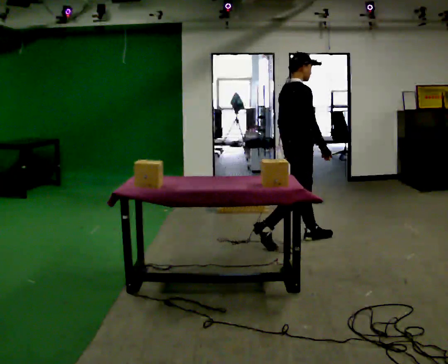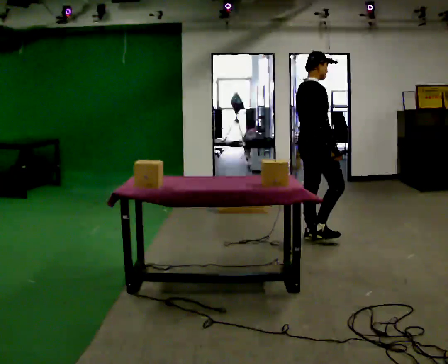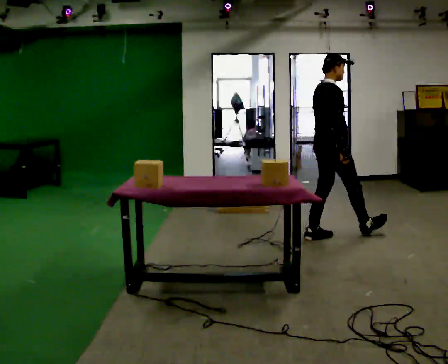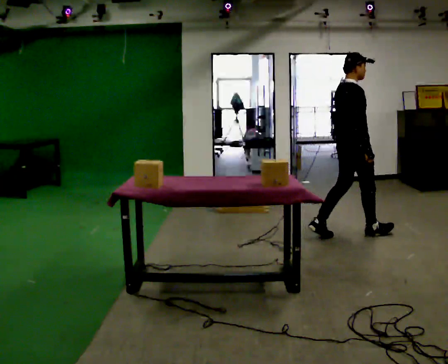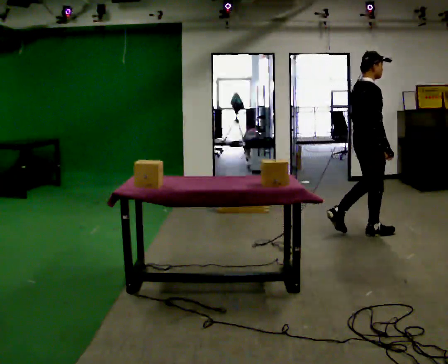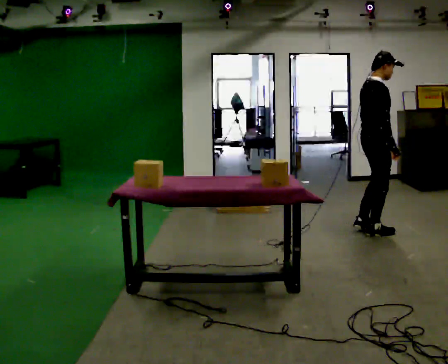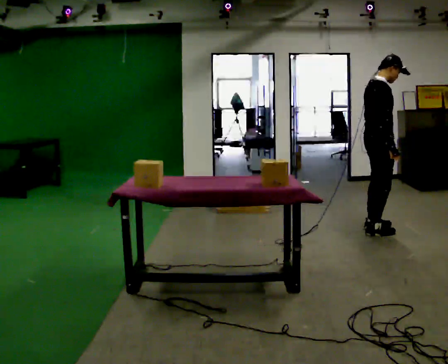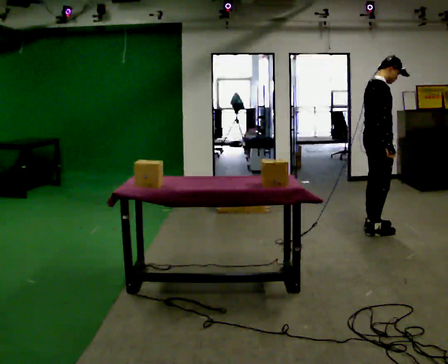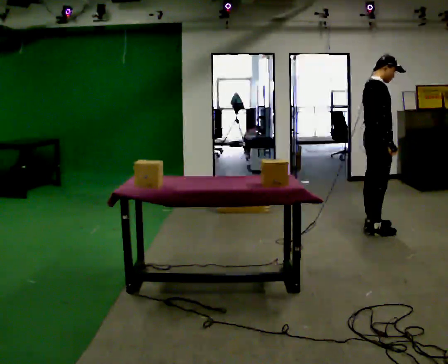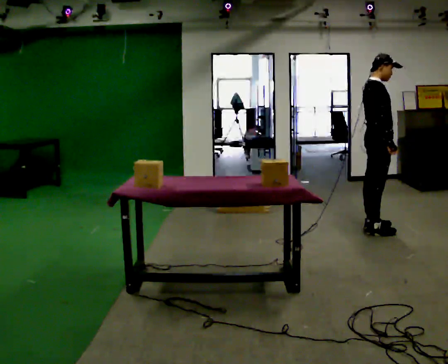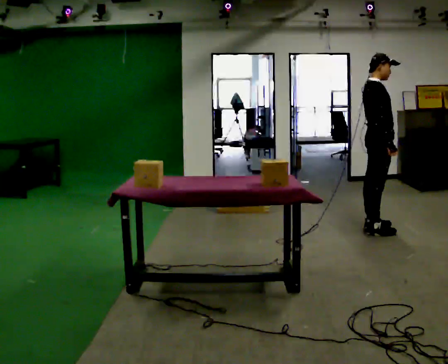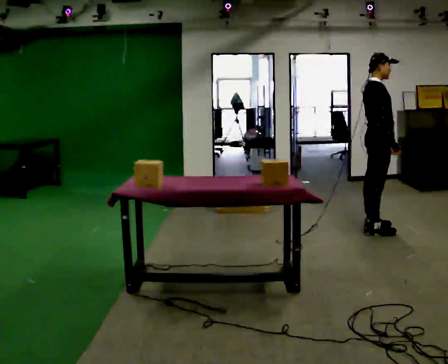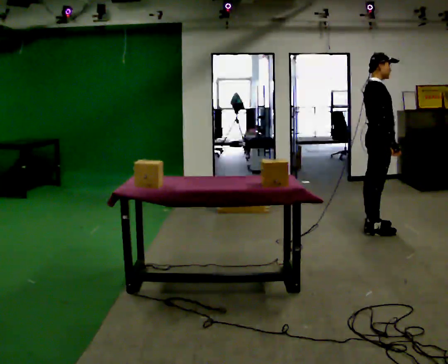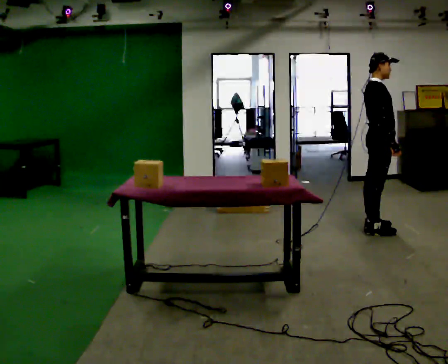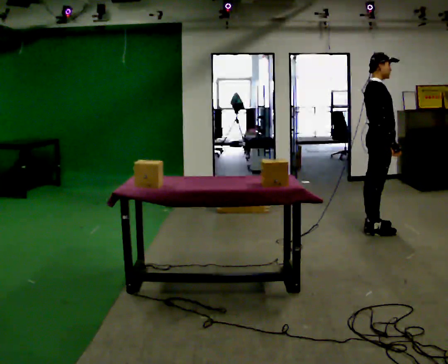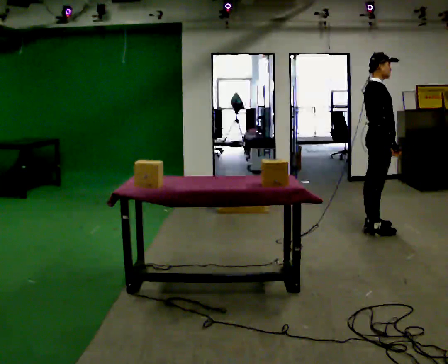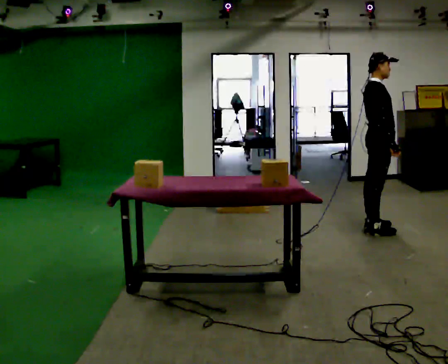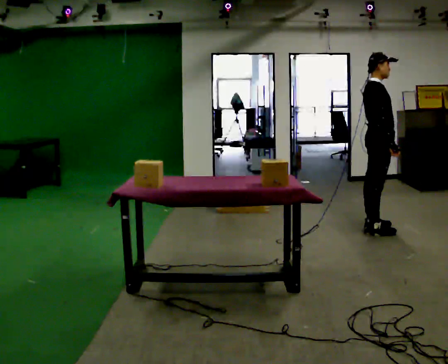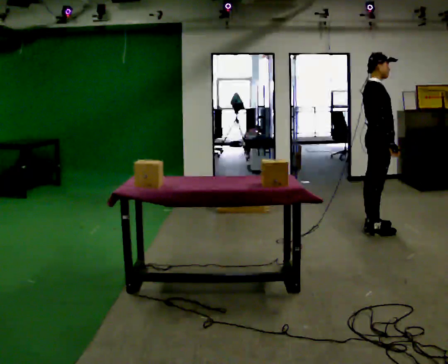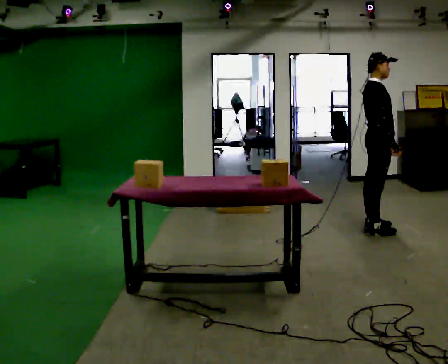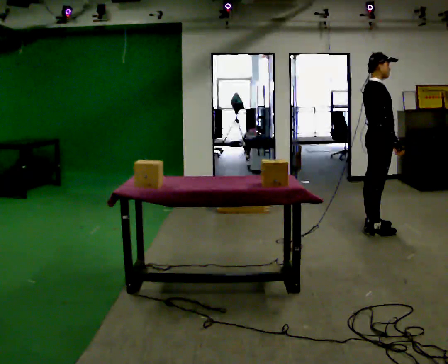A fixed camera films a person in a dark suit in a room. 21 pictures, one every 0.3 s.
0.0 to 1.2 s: In the picture they go to the right and away from the camera, about 0.75 m in 1 step, which for them is forward.
1.2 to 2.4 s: In the picture they go away from the camera, about 0.25 m in 1 step, which for them is forward and to their left.
2.4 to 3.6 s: The person moves a little, or ends about where they began.
3.6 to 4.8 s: The person keeps their place and pose.
4.8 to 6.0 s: The person moves a little, or ends about where they began.
The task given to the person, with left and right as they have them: Carry the object across the room and place it on the lowest shelf, crouching down to do it. Keep going until the operator says stop; one object at a time, and do not rush between trips.
The film runs forward here.
